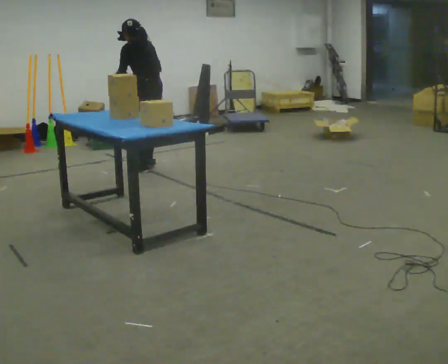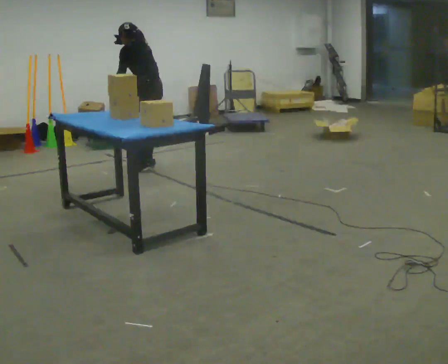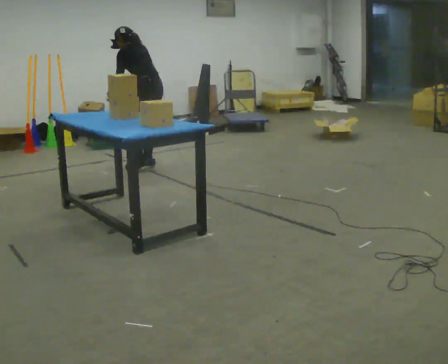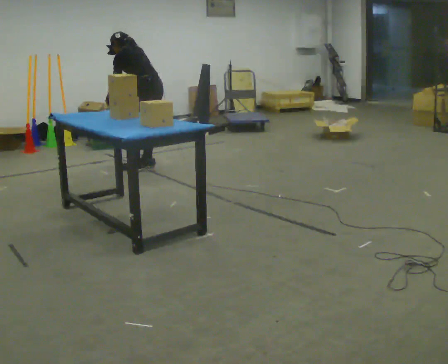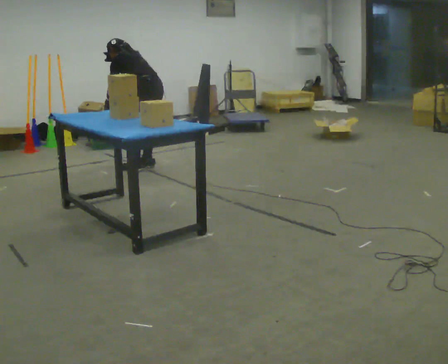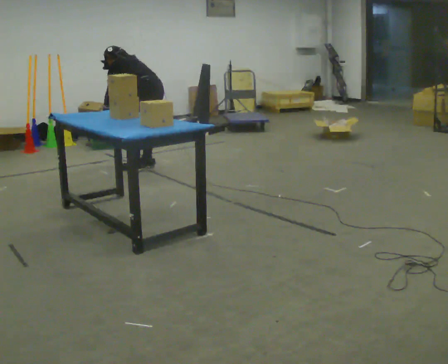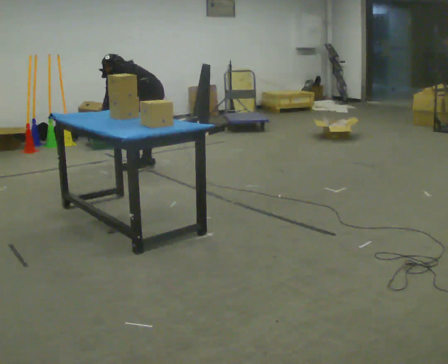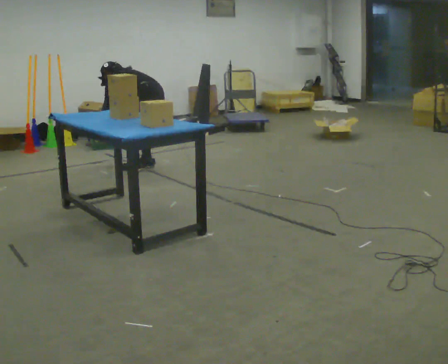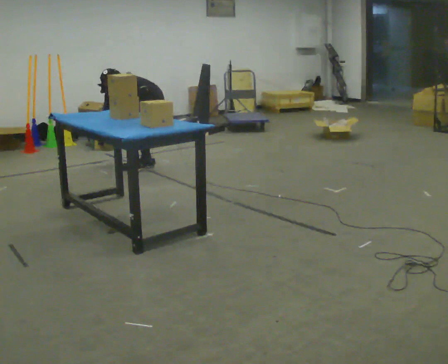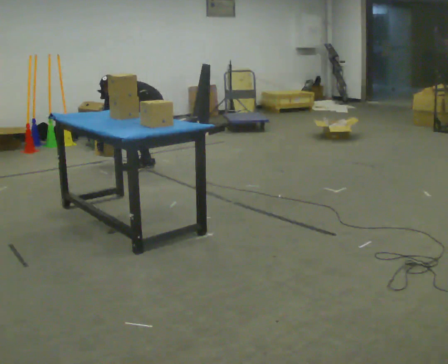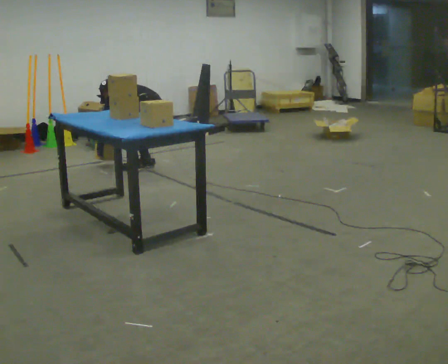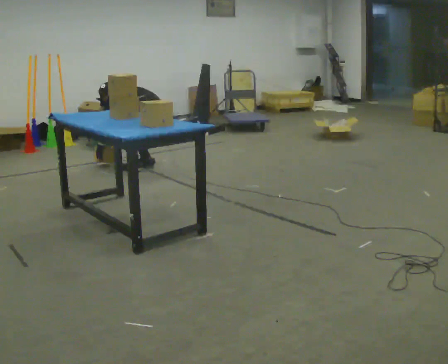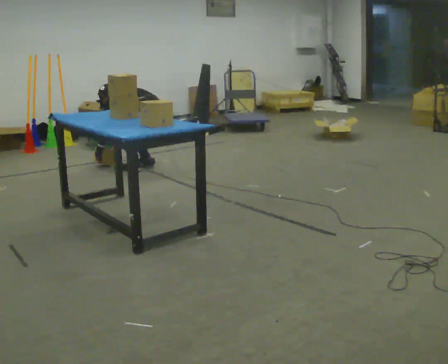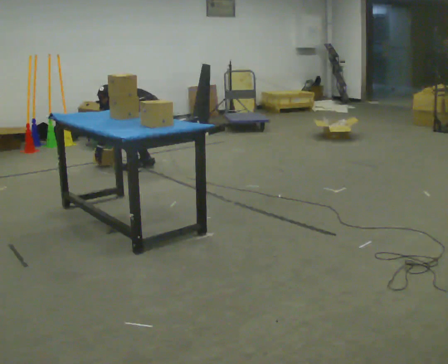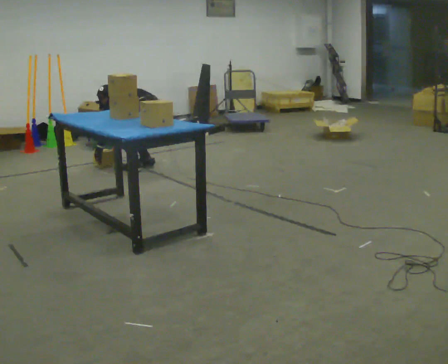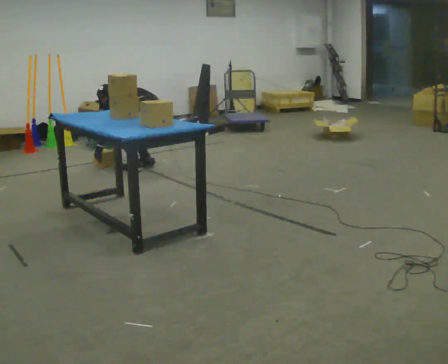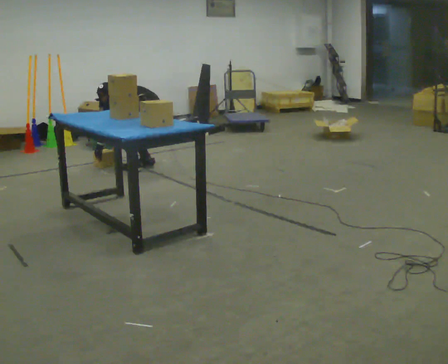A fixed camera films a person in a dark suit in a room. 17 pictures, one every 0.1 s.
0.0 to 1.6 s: The upper body goes downward. In the picture the upper body tilts counterclockwise, shoulders to the left, as they bend forward. In the picture their left hand goes downward.
The film runs forward here.
